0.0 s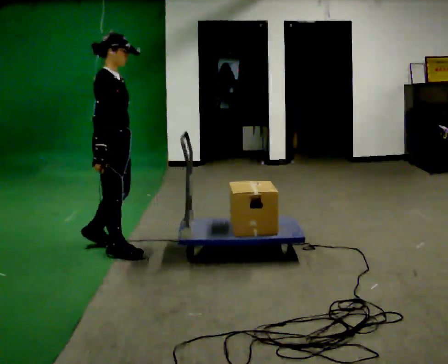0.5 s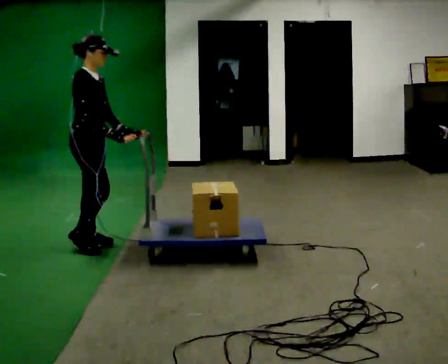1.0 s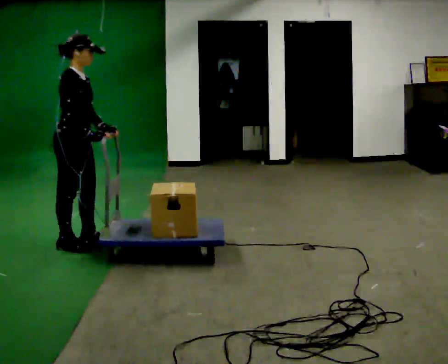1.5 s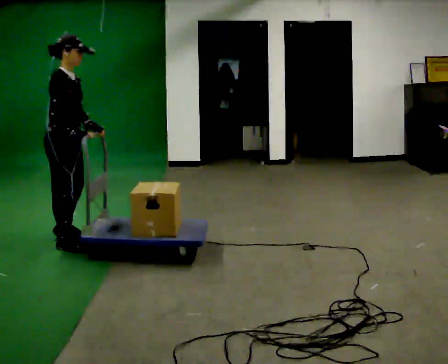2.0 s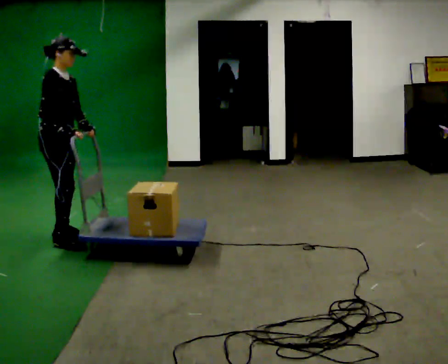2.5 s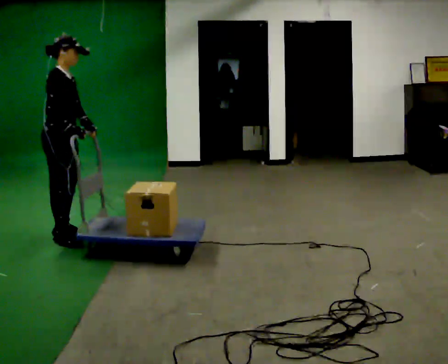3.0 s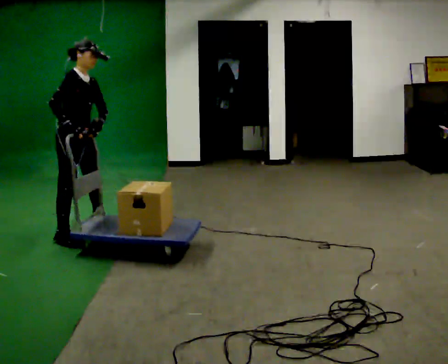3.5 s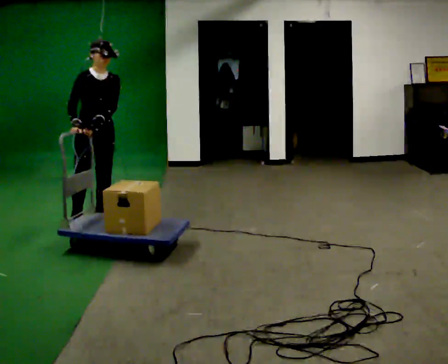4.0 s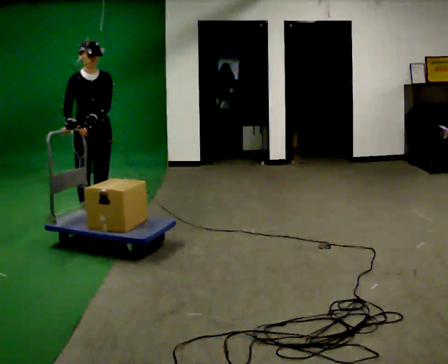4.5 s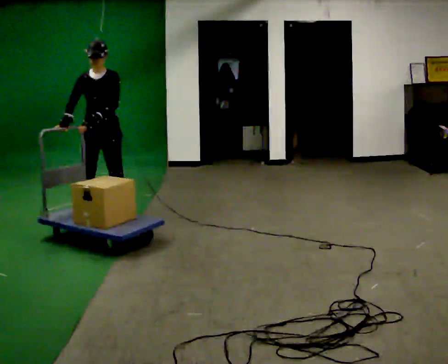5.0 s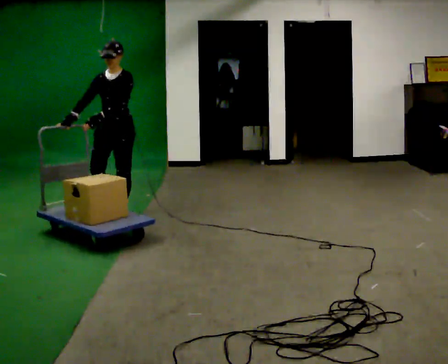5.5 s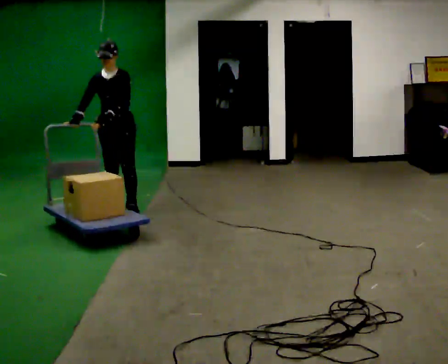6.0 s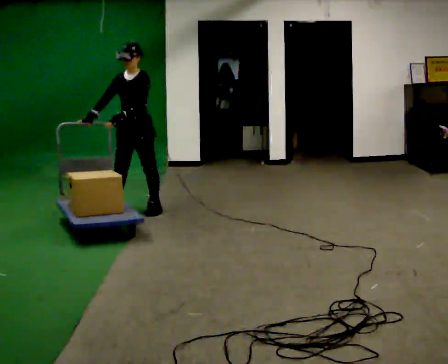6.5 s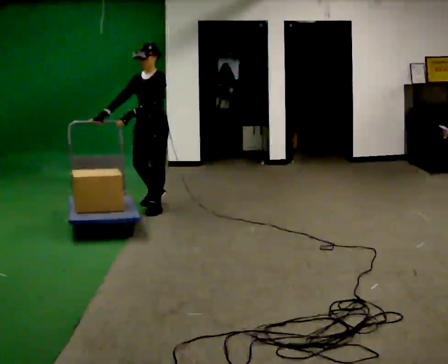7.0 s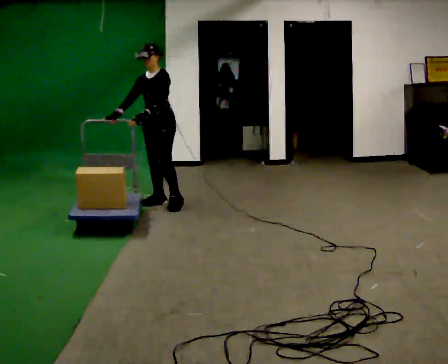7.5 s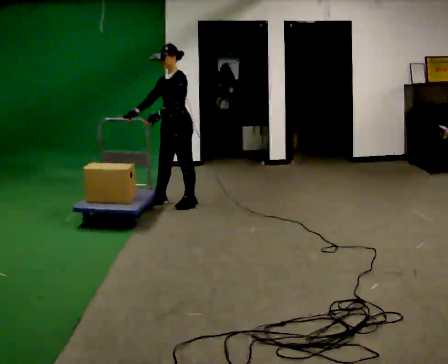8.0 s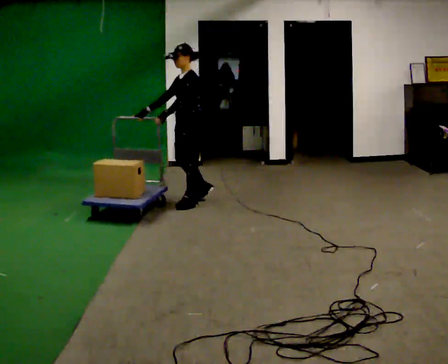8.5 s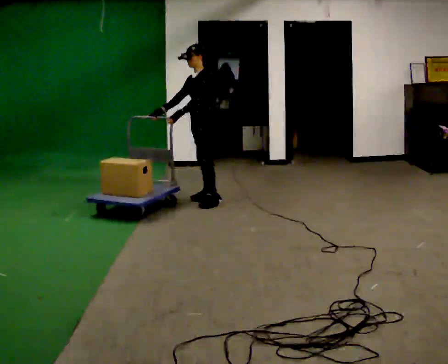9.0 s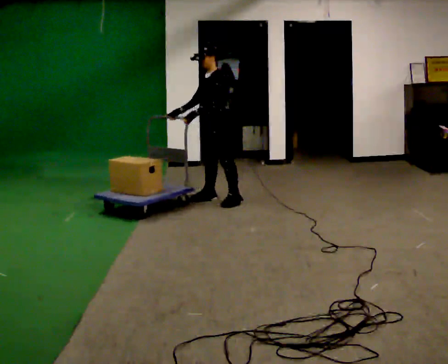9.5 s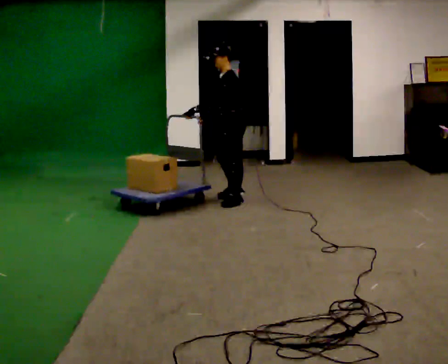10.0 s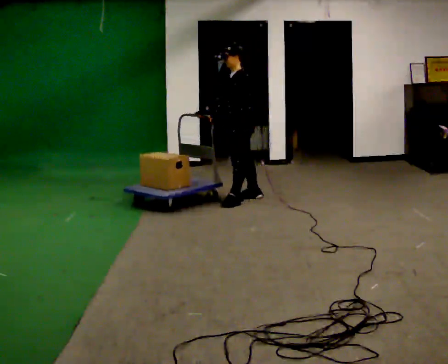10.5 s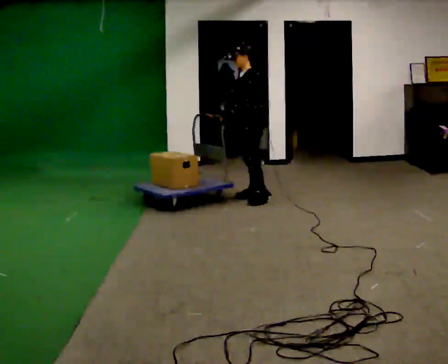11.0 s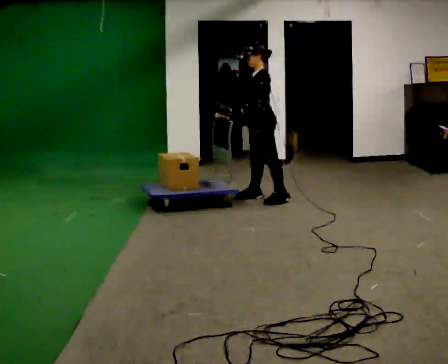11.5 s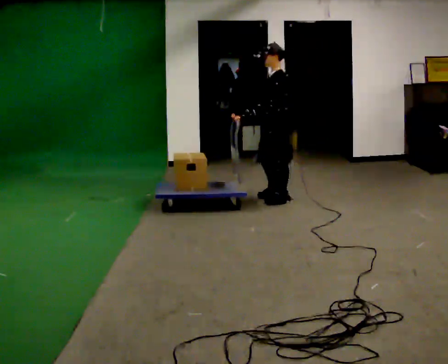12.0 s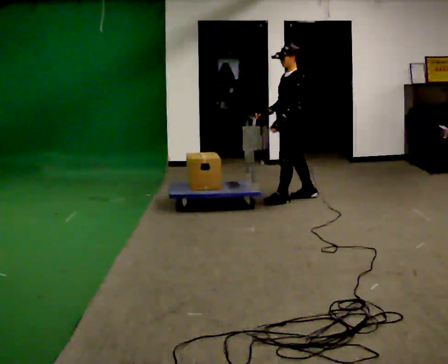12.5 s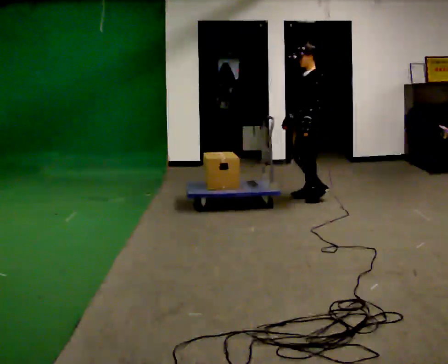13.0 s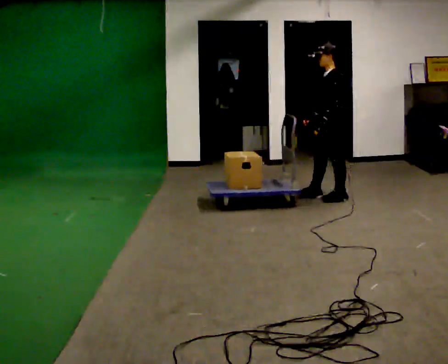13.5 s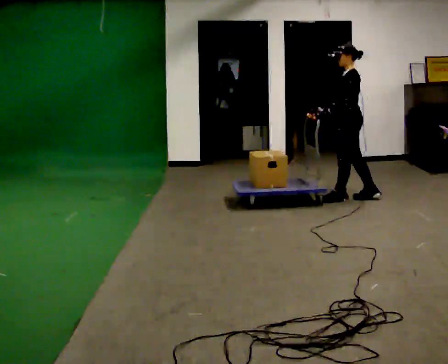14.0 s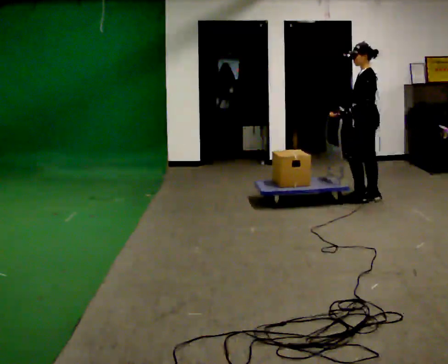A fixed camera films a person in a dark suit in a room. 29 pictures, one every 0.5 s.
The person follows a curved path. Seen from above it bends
clockwise.
0.0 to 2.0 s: In the picture they go to the left and away from the camera, about 0.5 m in 3 steps, which for them is backward and to their left.
2.0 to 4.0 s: The person turns about 60 degrees to their right, clockwise seen from above, so the part of the body nearest the lens slides to the left. In the picture they go away from the camera, about 0.5 m in 2 steps.
4.0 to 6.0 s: The part of the body nearest the lens slides to the left as the person turns to their right by about 45 degrees. In the picture they go away from the camera and to the right, about 0.5 m in 3 steps, which for them is backward.
6.0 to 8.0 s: Seen from above the body turns clockwise, about 45 degrees: to their right, with its near side sliding to the left. In the picture they go to the right, about 0.5 m in 3 steps, which for them is backward and to their left.
8.0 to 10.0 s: In the picture they go to the right, about 0.5 m in 2 steps, which for them is backward.
10.0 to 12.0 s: In the picture they go to the right, about 0.5 m in 2 steps, which for them is backward.
12.0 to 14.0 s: In the picture they go to the right, about 1 m in 3 steps, which for them is backward.
The film runs backward here.
